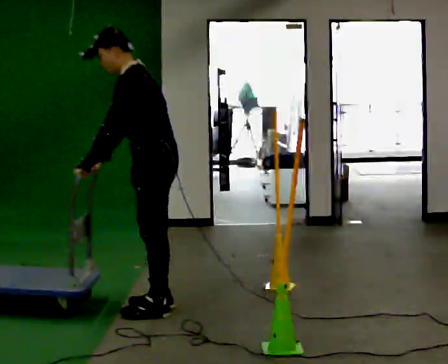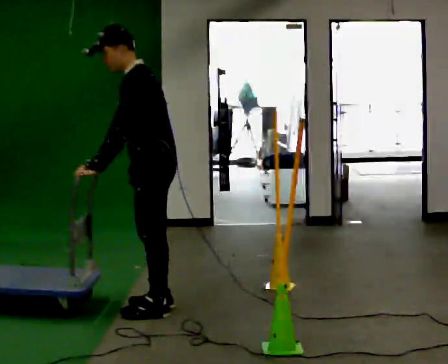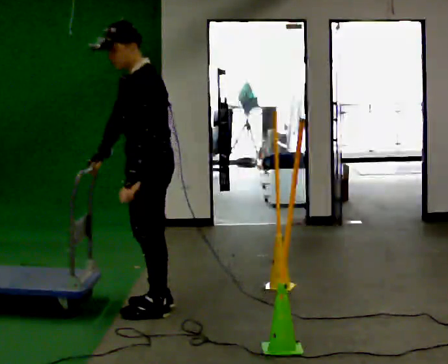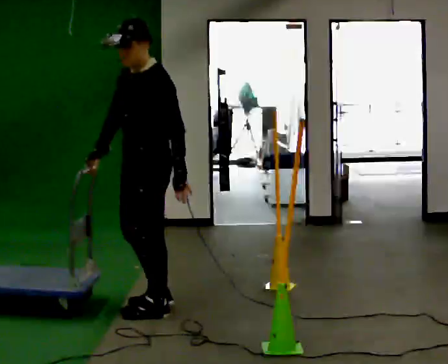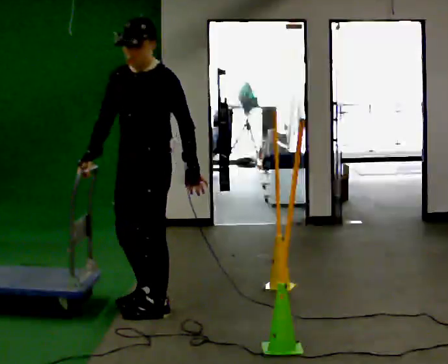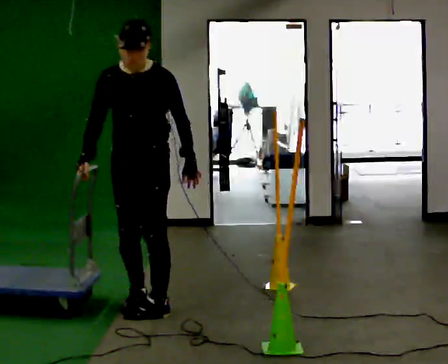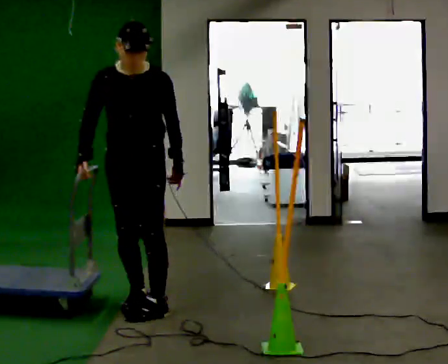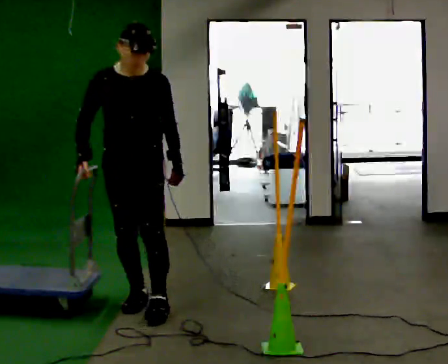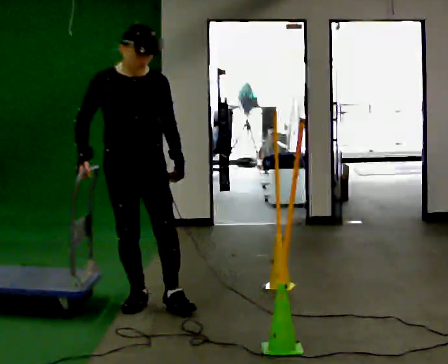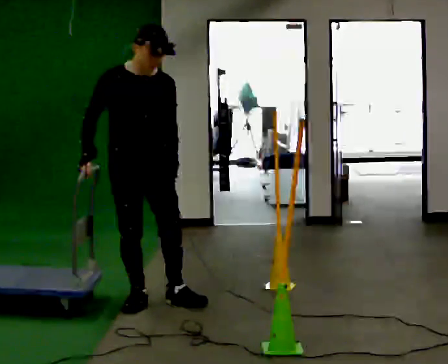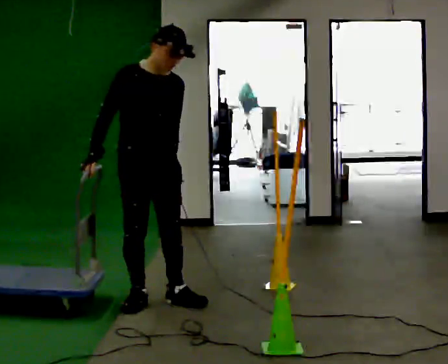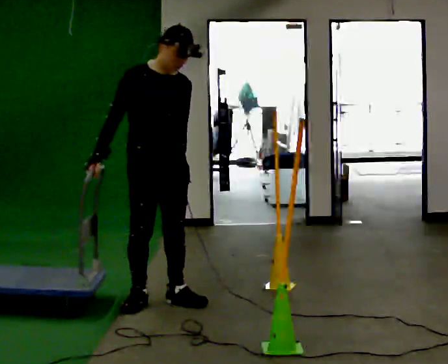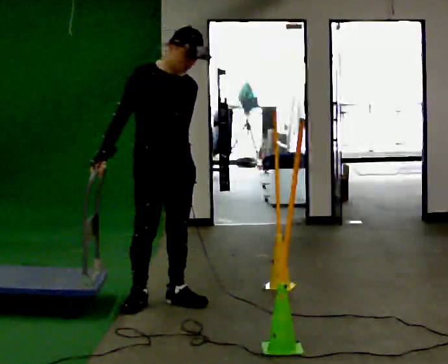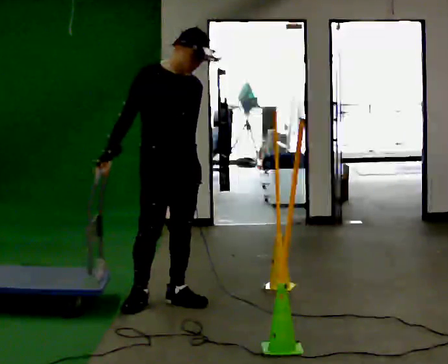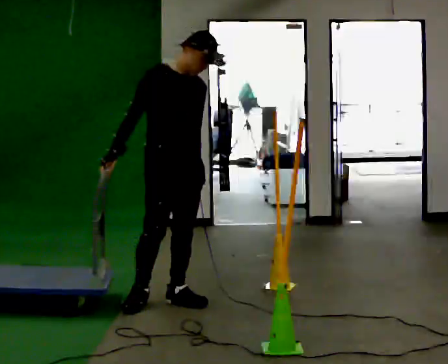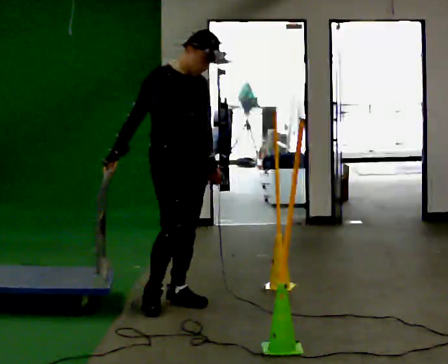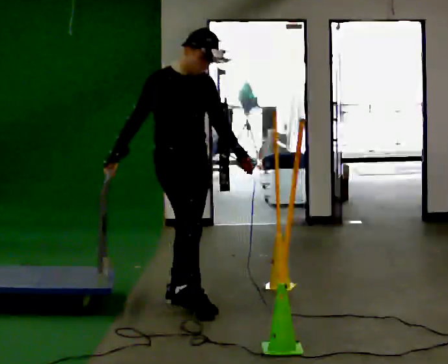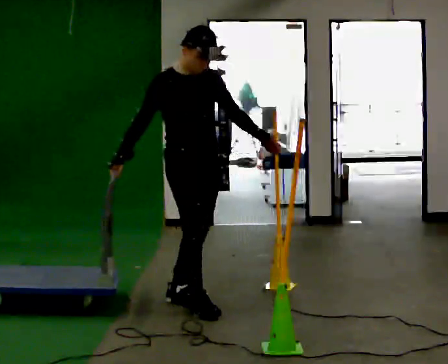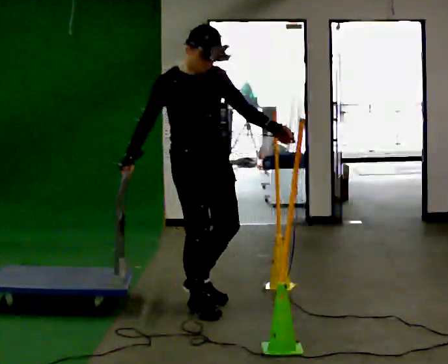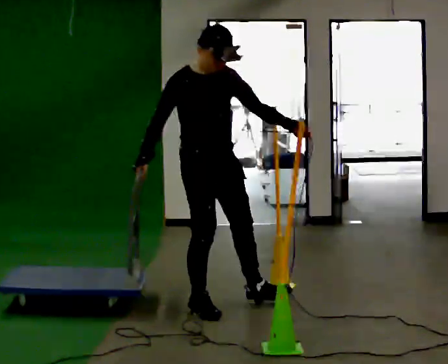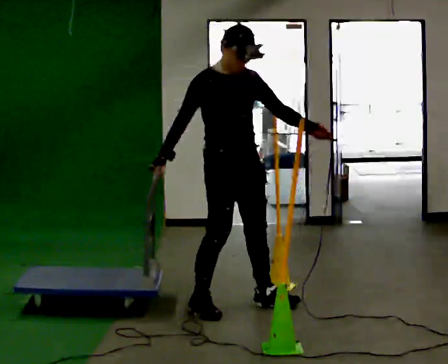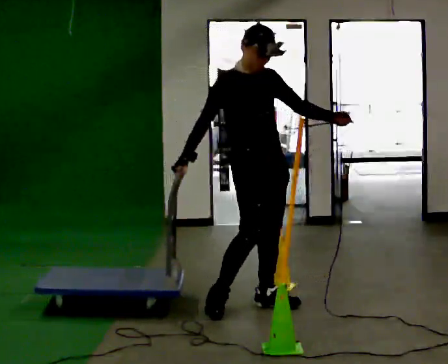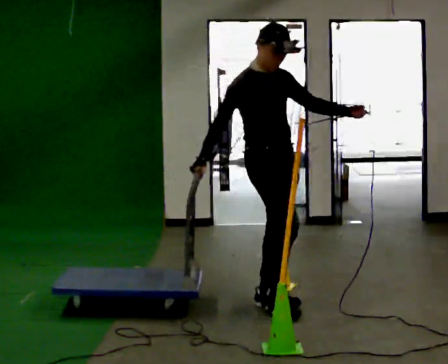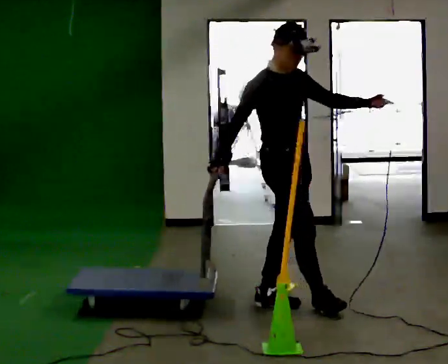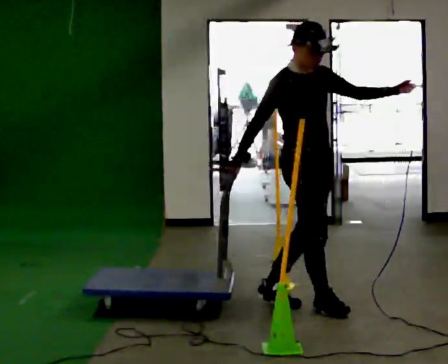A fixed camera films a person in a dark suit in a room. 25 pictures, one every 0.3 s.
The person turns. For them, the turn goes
to their left.
The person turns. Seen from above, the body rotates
counterclockwise.
0.0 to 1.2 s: Seen from above the body turns counterclockwise, about 45 degrees: to their left, with its near side sliding to the right. In the picture the upper body tilts clockwise, shoulders to the right, as they lean back or straighten. In the picture their left hand goes to the right, the arm swinging counterclockwise.
1.2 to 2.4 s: Seen from above the body turns counterclockwise, about 60 degrees: to their left, with its near side sliding to the right. In the picture they go away from the camera, about 0.25 m in 1 step, which for them is to their right and backward.
2.4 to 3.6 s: In the picture they go to the right, about 0.25 m in 1 step, which for them is to their left.
3.6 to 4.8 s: In the picture their left hand goes to the right.
4.8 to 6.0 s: In the picture they go to the right, about 0.25 m in 1 step, which for them is forward and to their left.
6.0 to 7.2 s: In the picture they go to the right, about 0.5 m in 1 step, which for them is forward and to their left.
The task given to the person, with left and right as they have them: Push the cart in and out of the line of poles without touching any of them. Keep going until the operator says stop.
The film runs forward here.
